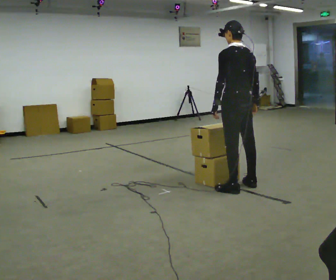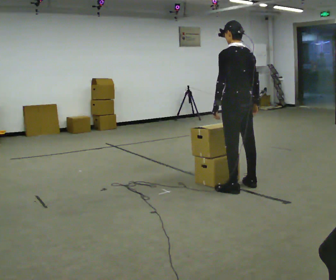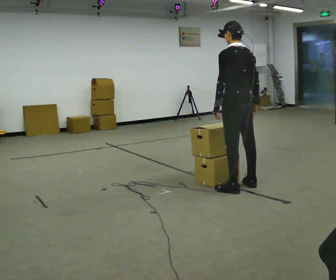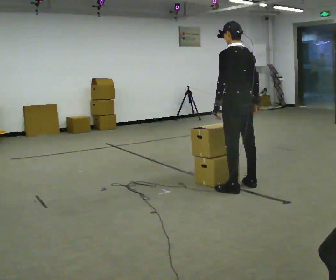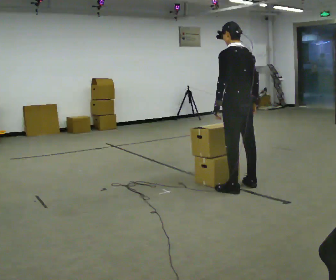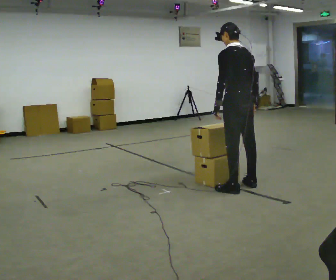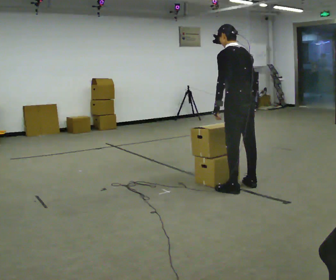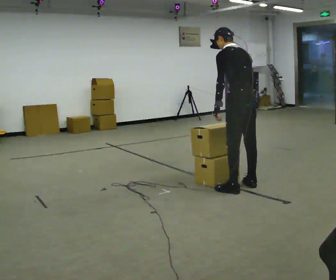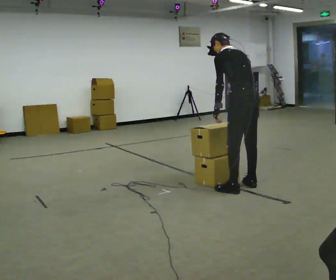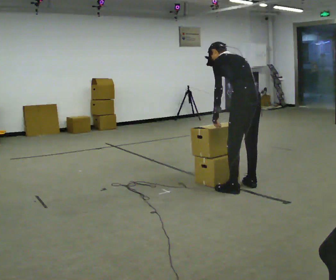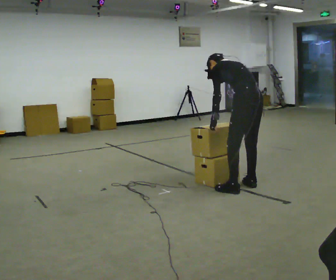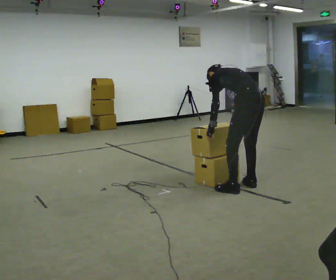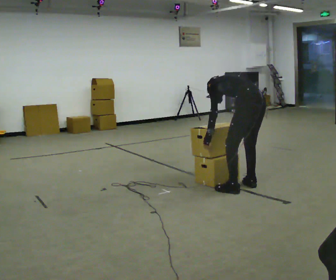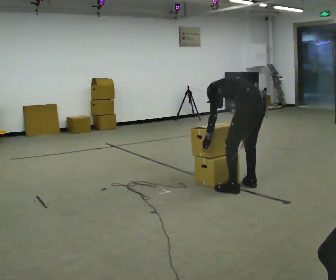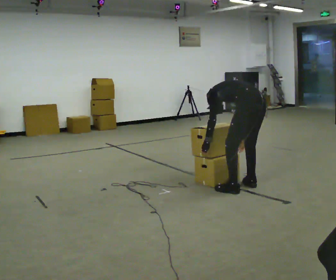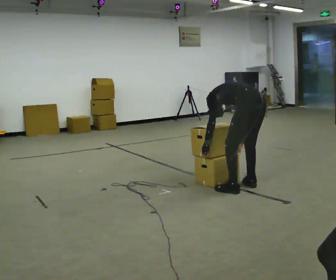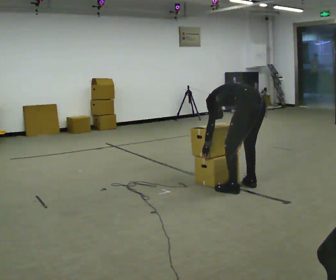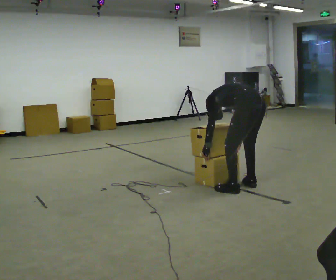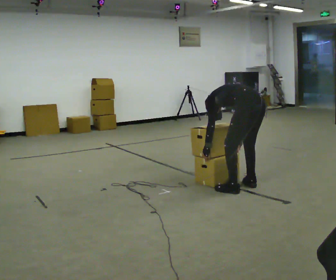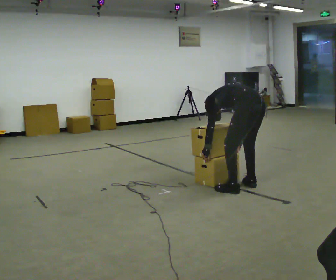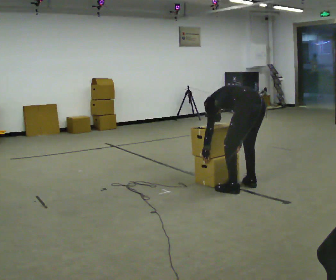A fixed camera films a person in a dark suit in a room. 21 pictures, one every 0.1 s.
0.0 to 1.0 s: The shoulders move downward. The upper body tips away from the camera, its near side rolling upward, as they bend forward.
1.0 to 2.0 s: The upper body goes downward. In the picture the upper body tilts counterclockwise, shoulders to the left, as they bend forward. In the picture their right hand goes downward.
The film runs forward here.
